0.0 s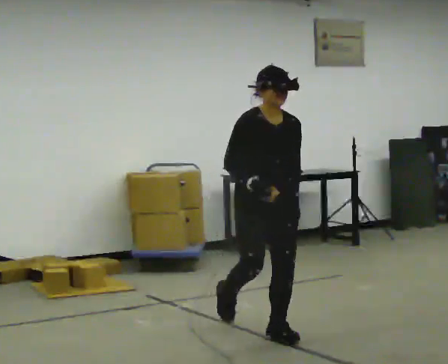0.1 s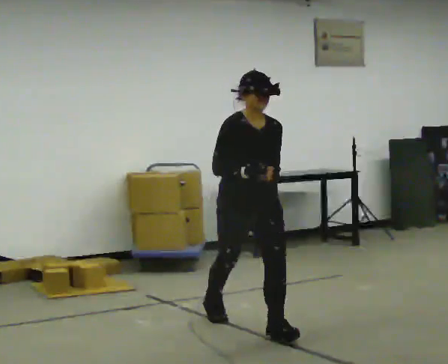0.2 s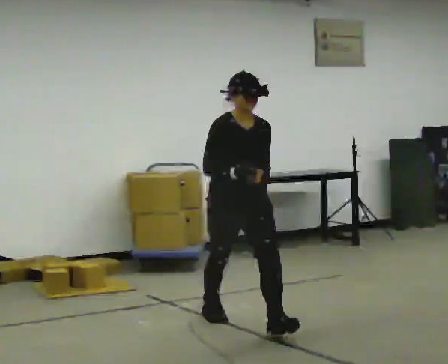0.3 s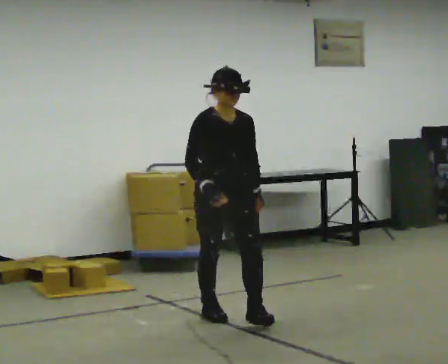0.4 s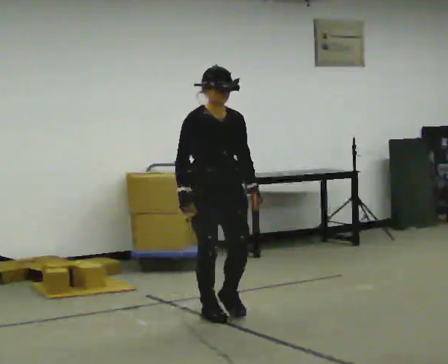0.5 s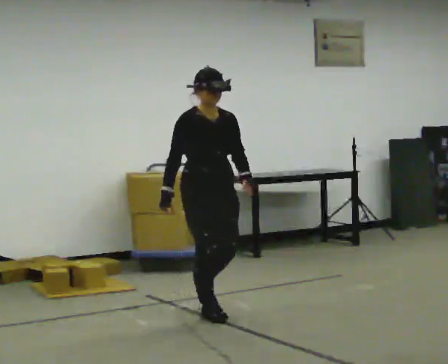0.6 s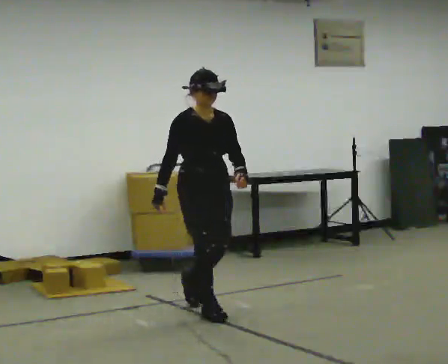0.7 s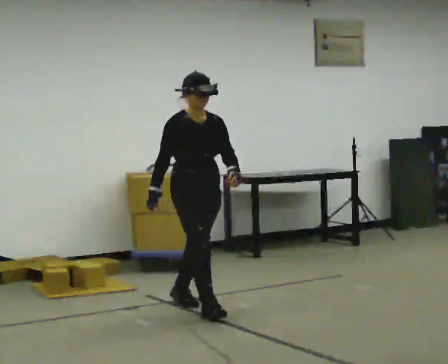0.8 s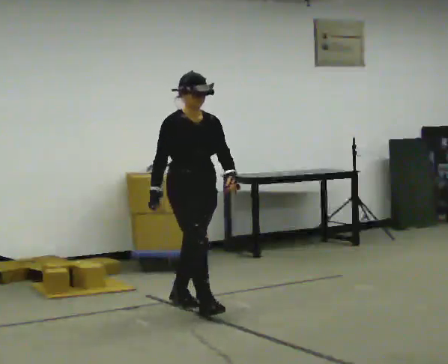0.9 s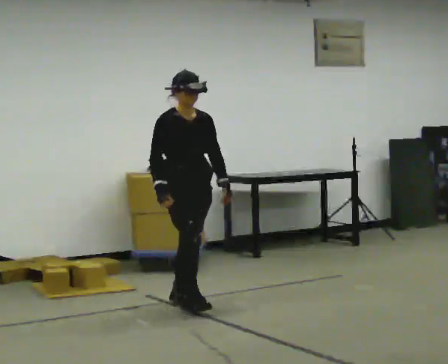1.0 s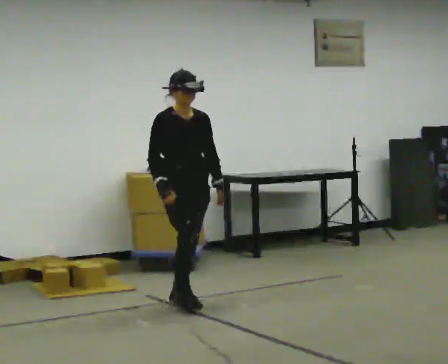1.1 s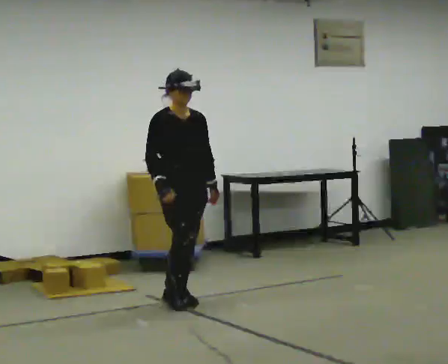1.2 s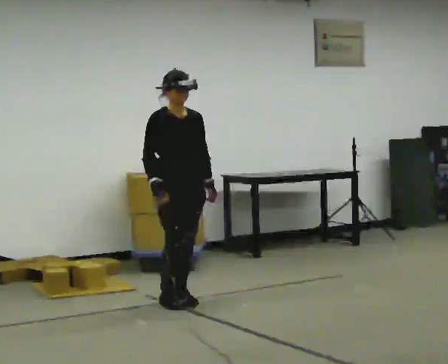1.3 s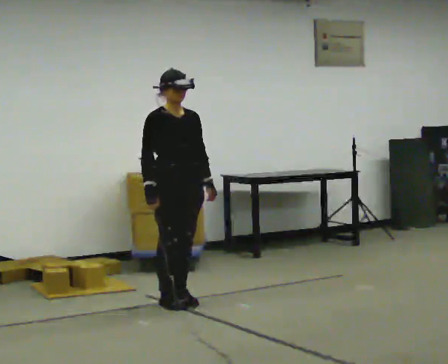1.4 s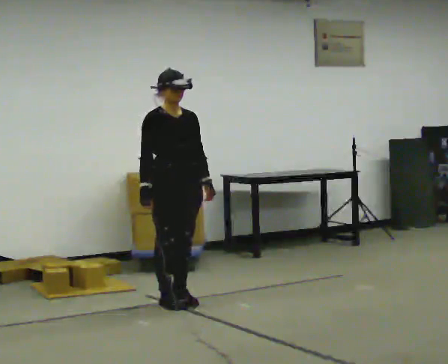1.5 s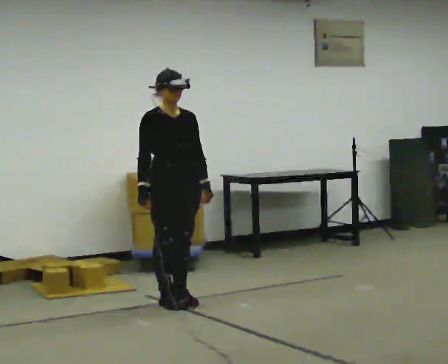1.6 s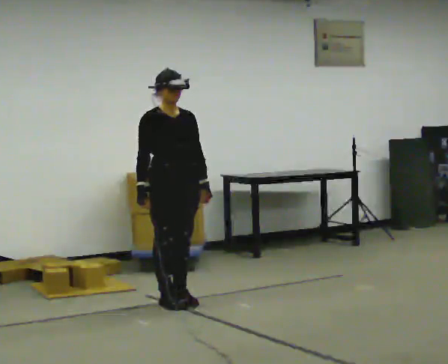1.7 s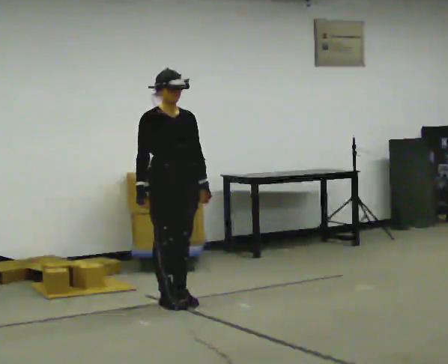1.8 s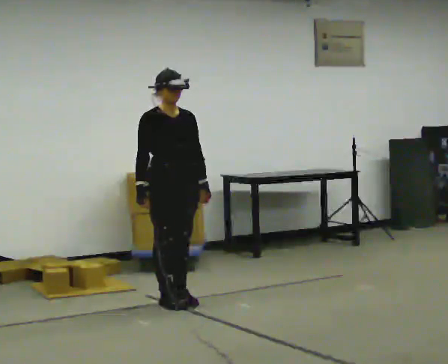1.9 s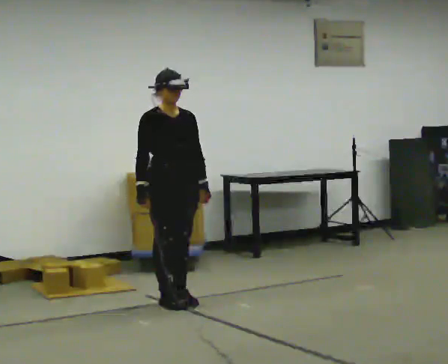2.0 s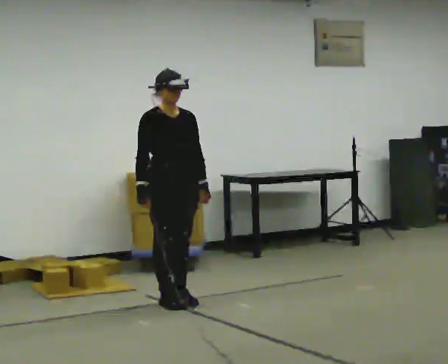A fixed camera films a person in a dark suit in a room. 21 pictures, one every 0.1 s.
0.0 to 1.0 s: In the picture they go away from the camera and to the left, about 1 m in 2 steps, which for them is backward.
1.0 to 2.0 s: The person moves a little, or ends about where they began.
The film runs backward here.
